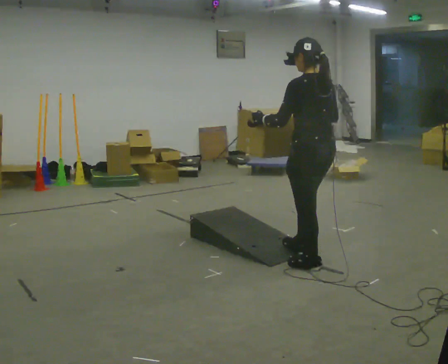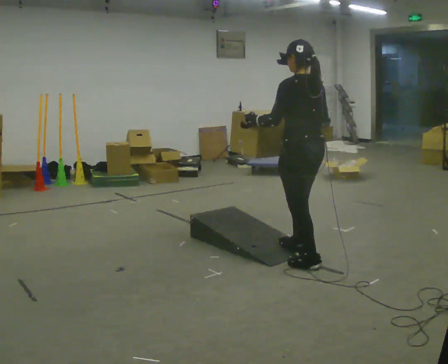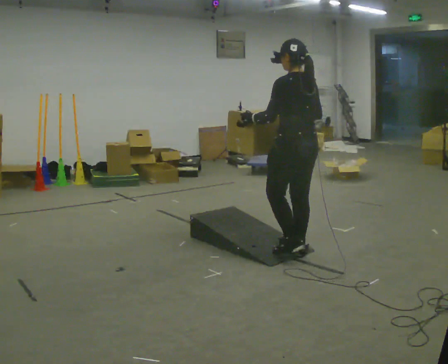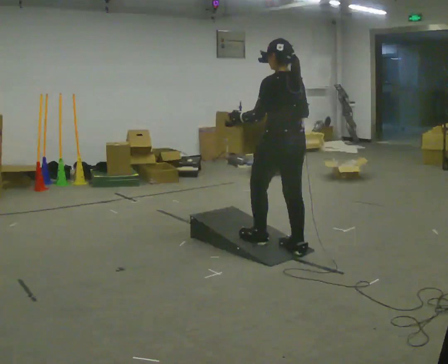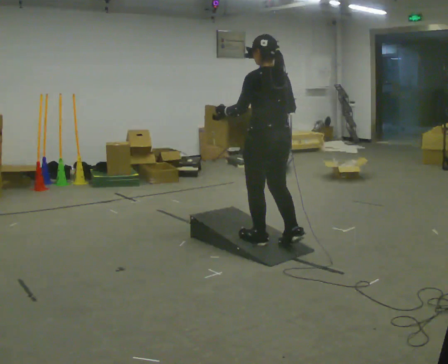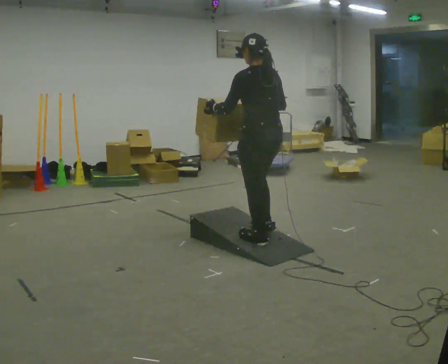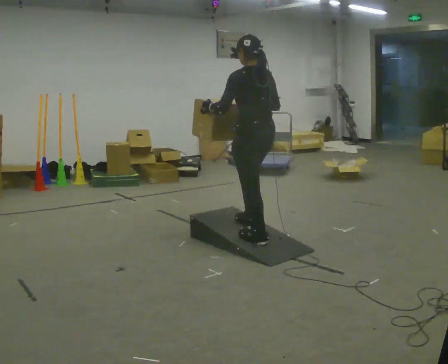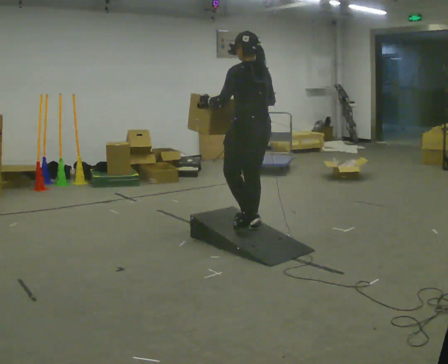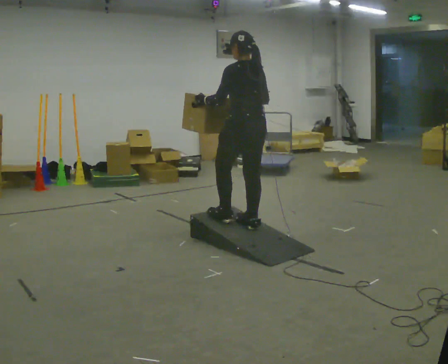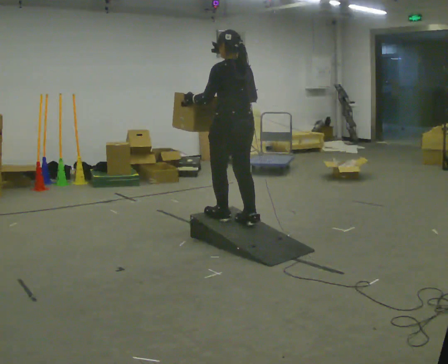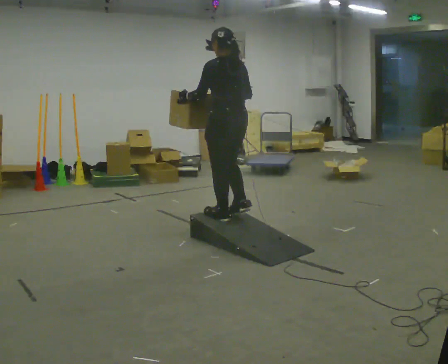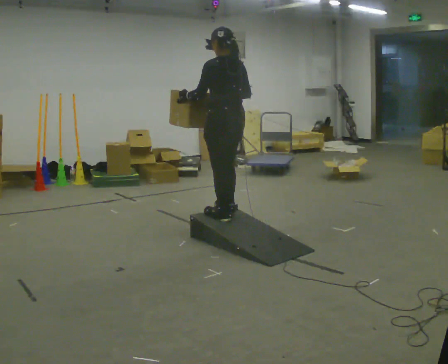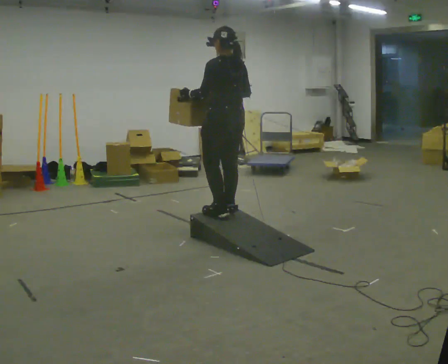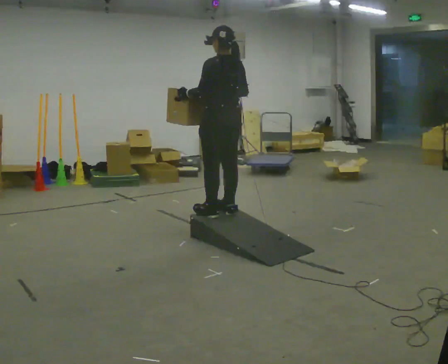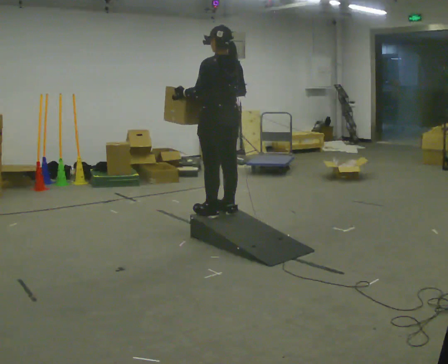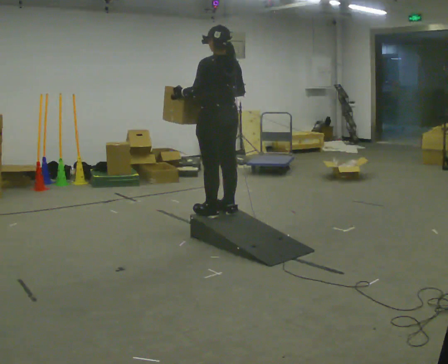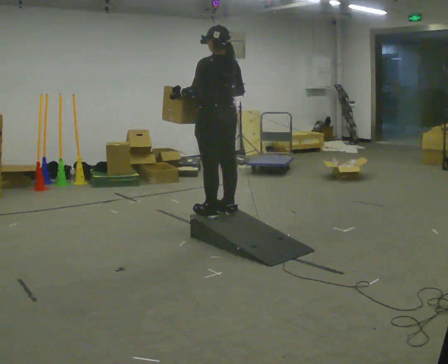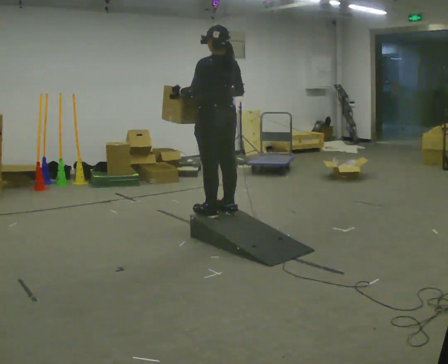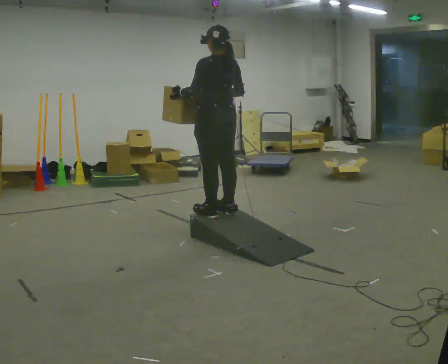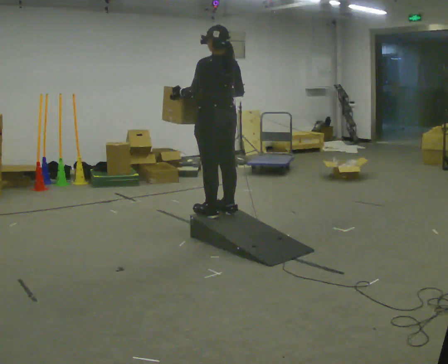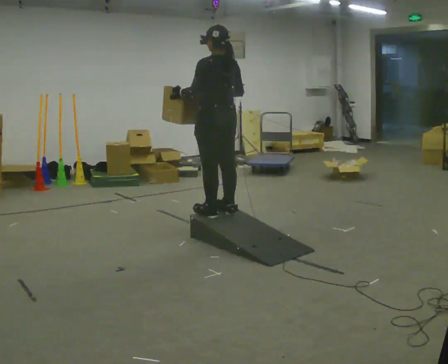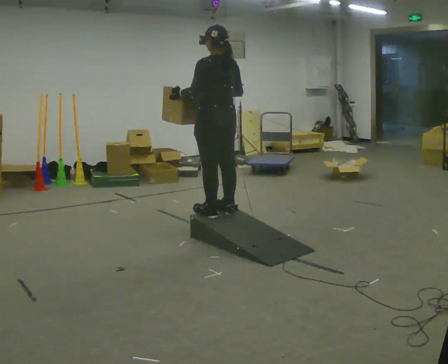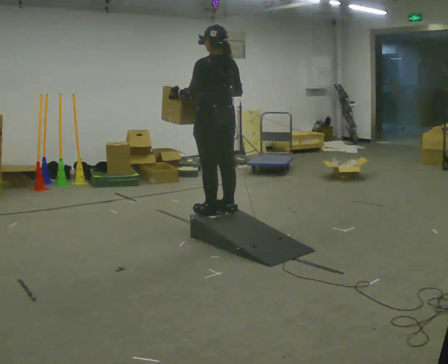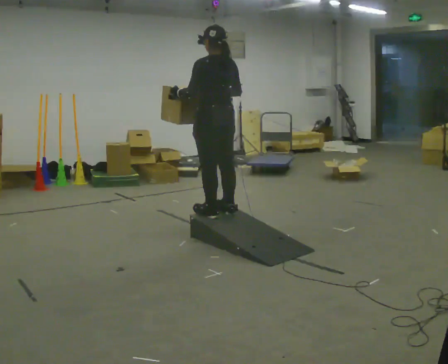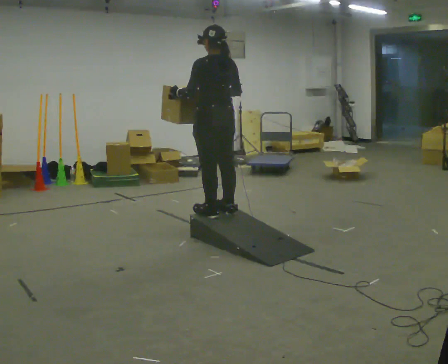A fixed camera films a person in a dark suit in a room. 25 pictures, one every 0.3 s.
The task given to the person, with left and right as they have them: Carry the box up the ramp, turn at the top, and carry it back down. Keep going until the operator says stop; one object at a time, and do not rush between trips.
0.0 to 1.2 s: In the picture they go away from the camera and to the left, about 0.5 m in 2 steps, which for them is forward.
1.2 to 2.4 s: In the picture they go away from the camera and to the left, about 0.25 m in 1 step, which for them is forward.
2.4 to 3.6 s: In the picture they go away from the camera and to the left, about 0.25 m in 2 steps, which for them is forward.
3.6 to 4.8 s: The person moves a little, or ends about where they began.
4.8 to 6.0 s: The person keeps their place and pose.
6.0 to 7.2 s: The person moves a little, or ends about where they began.
The film runs forward here.
